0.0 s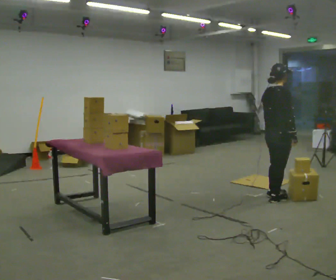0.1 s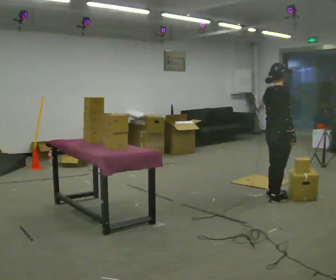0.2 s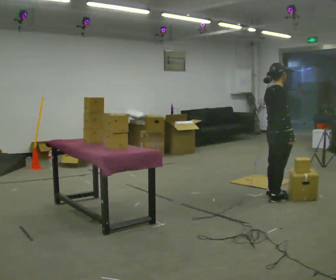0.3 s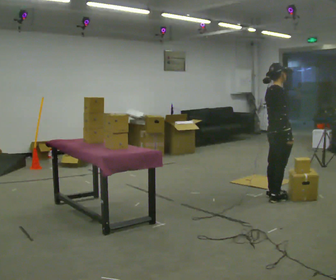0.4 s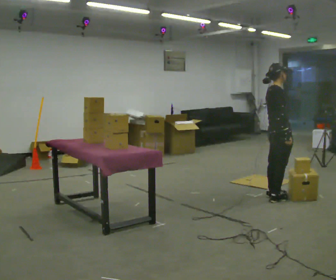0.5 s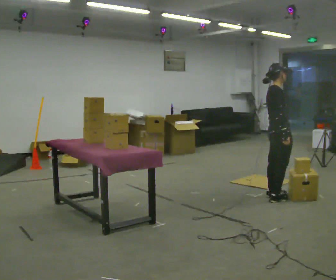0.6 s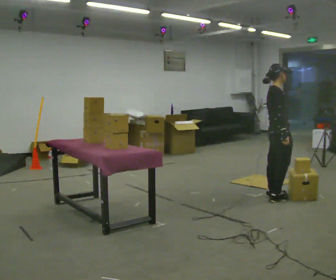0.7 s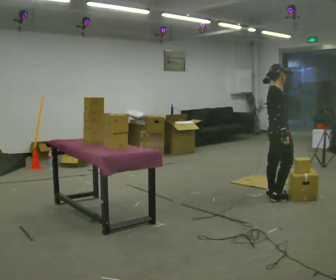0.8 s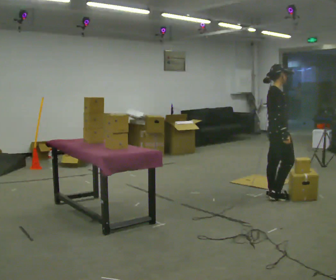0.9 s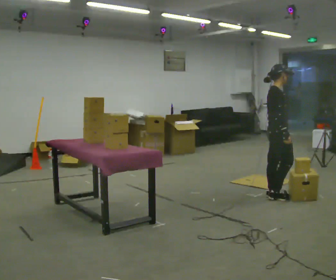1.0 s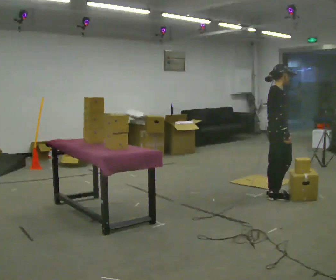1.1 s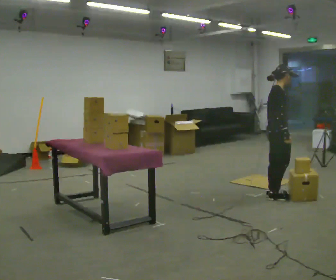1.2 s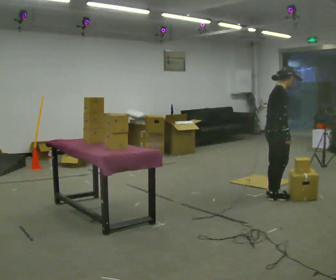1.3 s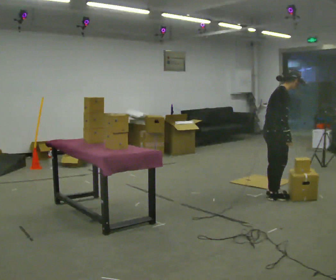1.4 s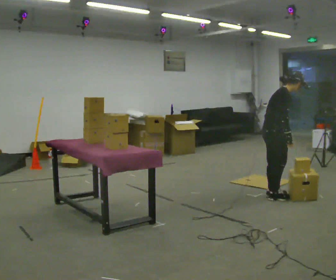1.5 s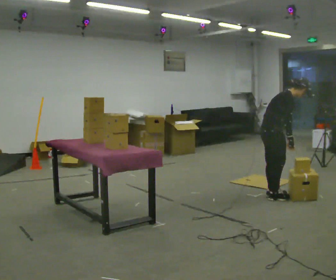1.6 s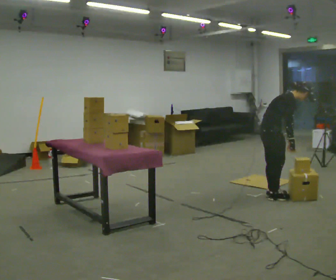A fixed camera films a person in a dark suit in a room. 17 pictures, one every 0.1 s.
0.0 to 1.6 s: The part of the body nearest the lens slides to the left as the person turns to their right by about 45 degrees. In the picture the upper body tilts clockwise, shoulders to the right, as they bend forward.
The film runs backward here.
